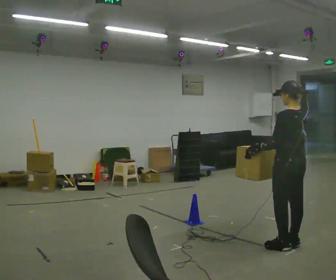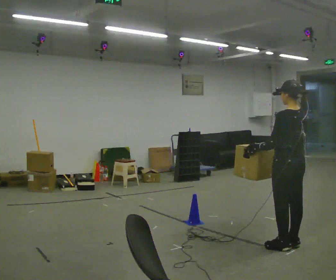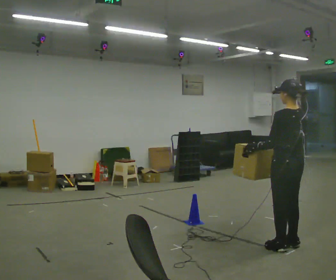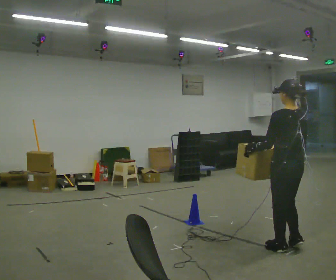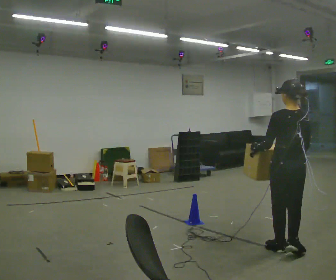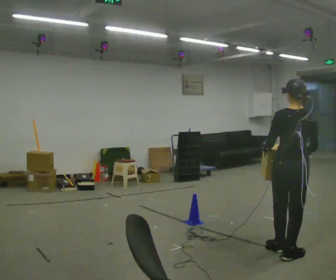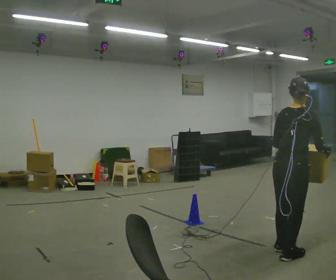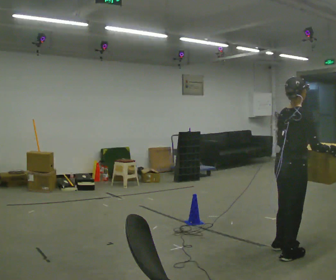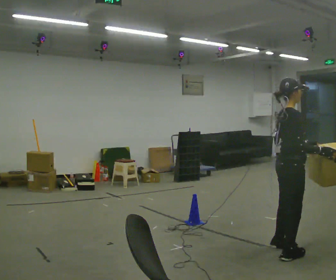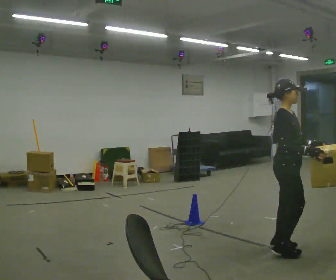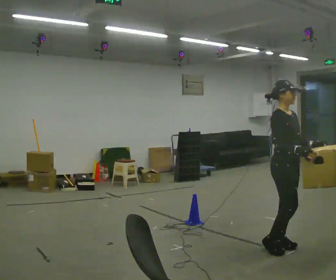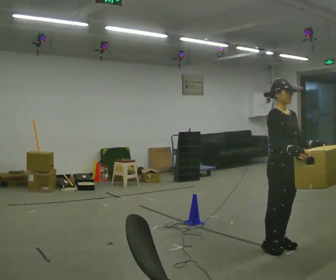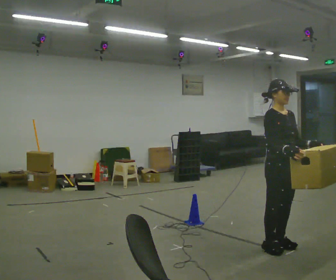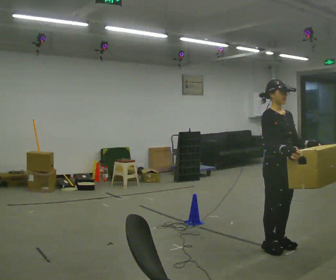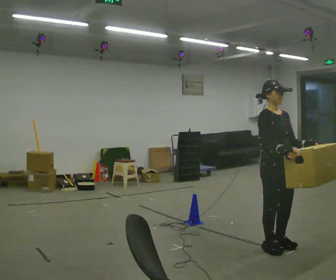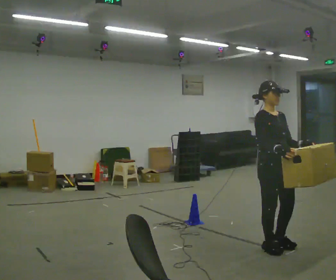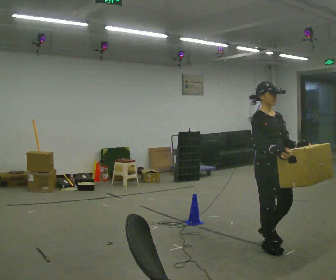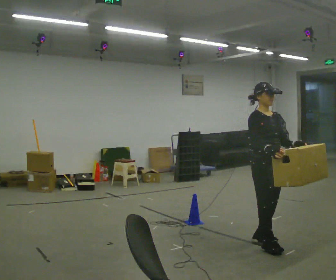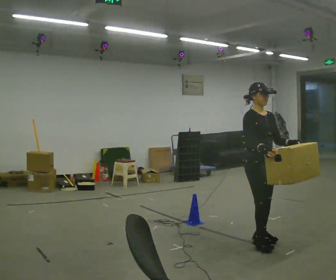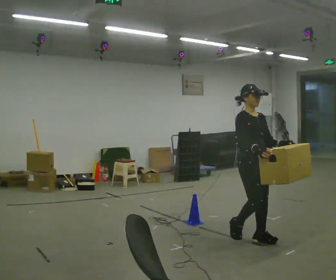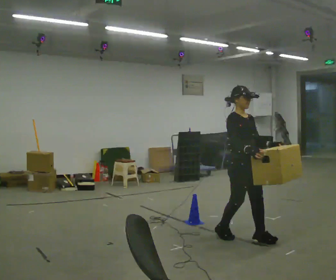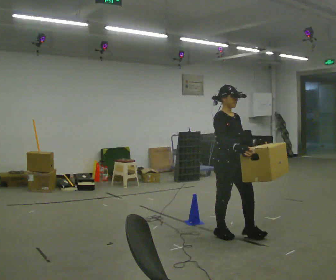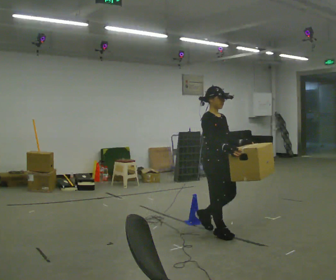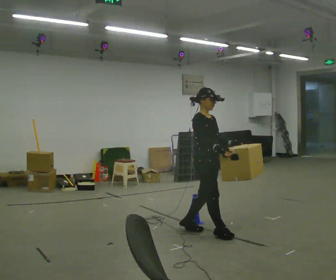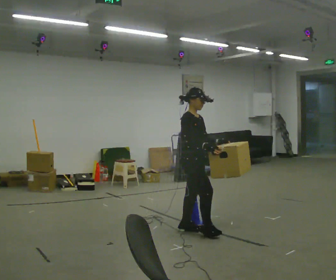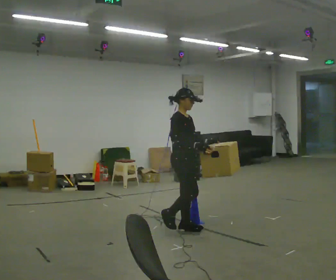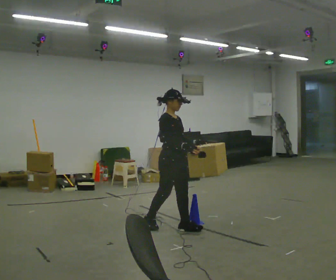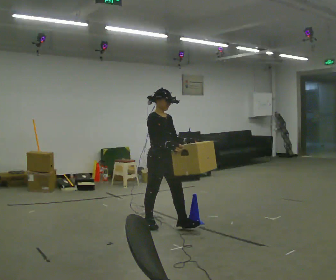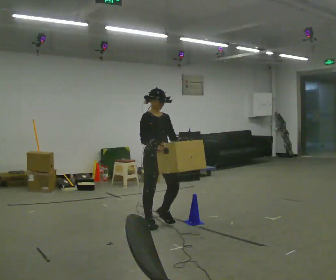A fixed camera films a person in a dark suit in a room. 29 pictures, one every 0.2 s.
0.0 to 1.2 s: The person turns about 75 degrees to their right, clockwise seen from above, so the part of the body nearest the lens slides to the left. In the picture they go toward the camera, about 0.25 m in 1 step.
1.2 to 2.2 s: The person turns about 105 degrees to their right, clockwise seen from above, so the part of the body nearest the lens slides to the left. In the picture they go away from the camera, about 0.25 m in 1 step. In the picture their left hand goes to the right.
2.2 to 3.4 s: In the picture they go to the left, about 0.25 m in 1 step, which for them is backward.
3.4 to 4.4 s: In the picture they go to the left and away from the camera, about 0.5 m in 2 steps, which for them is backward.
4.4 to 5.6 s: In the picture they go to the left, about 1 m in 2 steps, which for them is backward.
The film runs backward here.
